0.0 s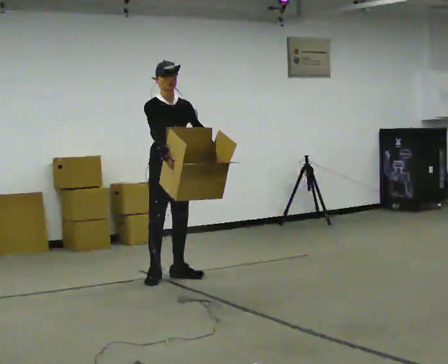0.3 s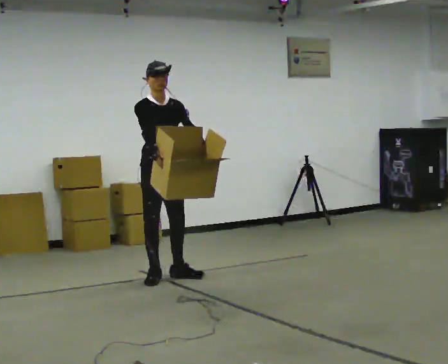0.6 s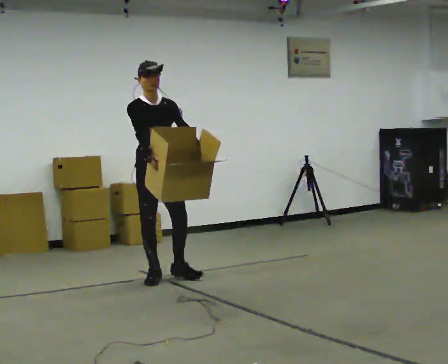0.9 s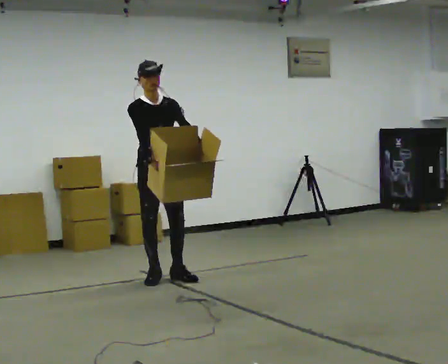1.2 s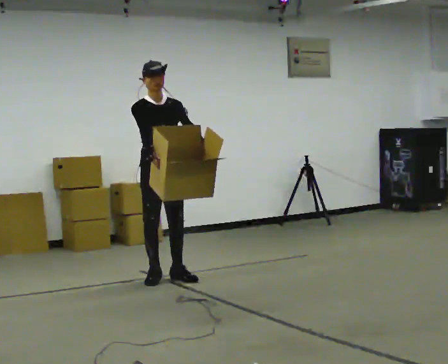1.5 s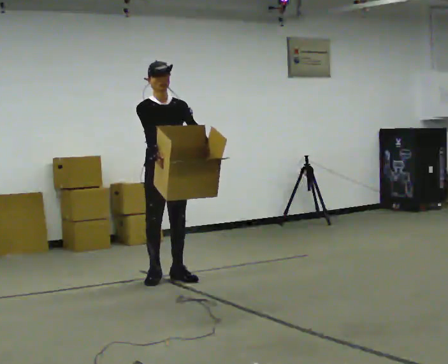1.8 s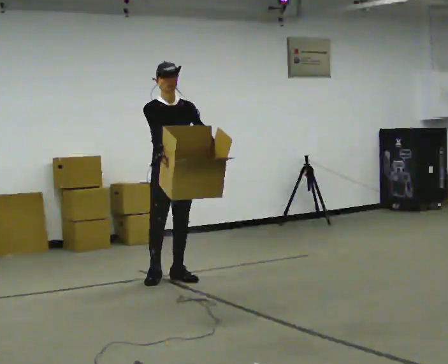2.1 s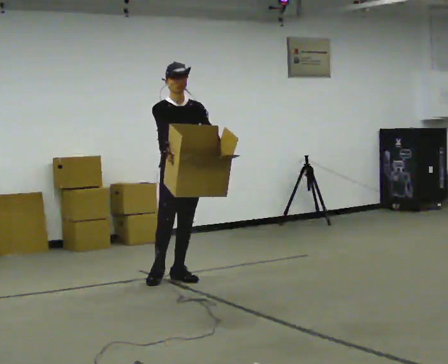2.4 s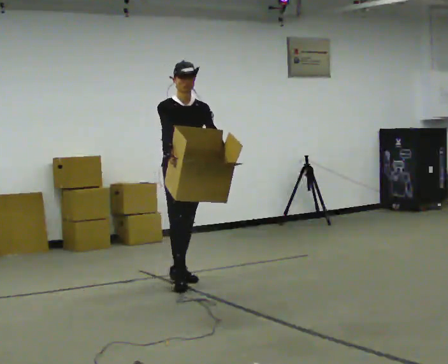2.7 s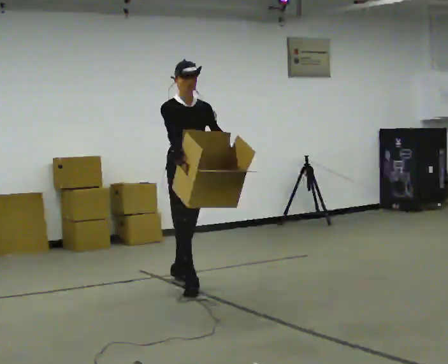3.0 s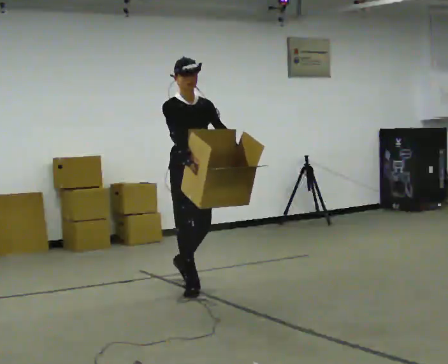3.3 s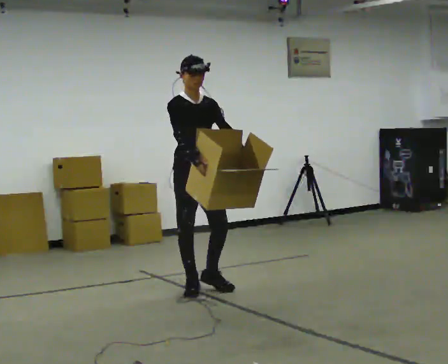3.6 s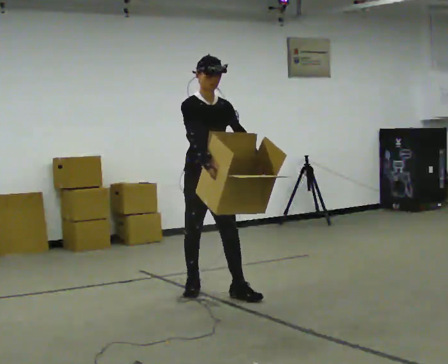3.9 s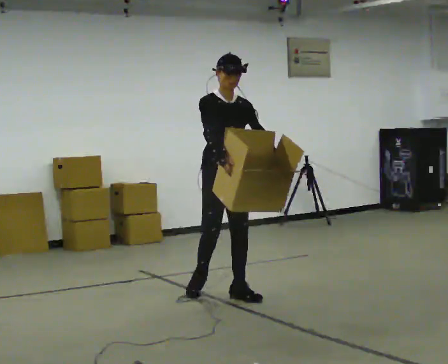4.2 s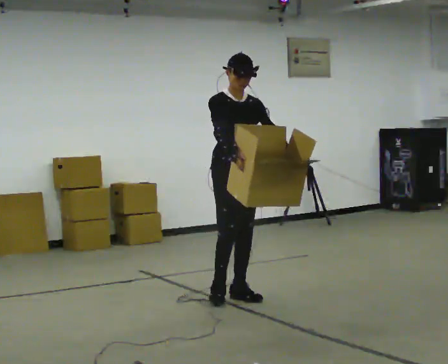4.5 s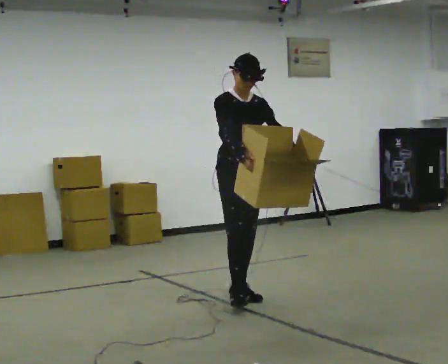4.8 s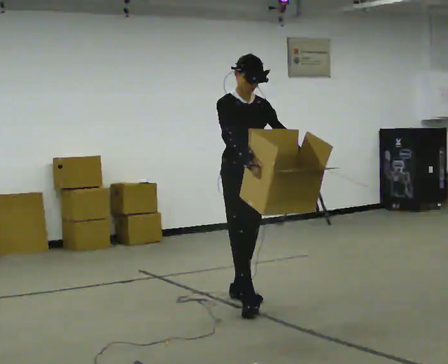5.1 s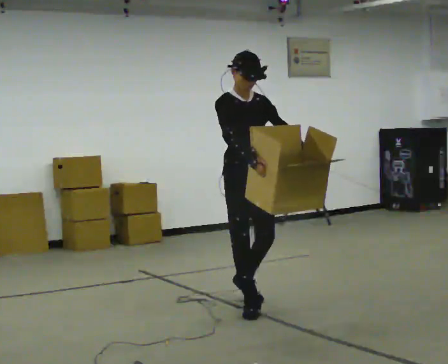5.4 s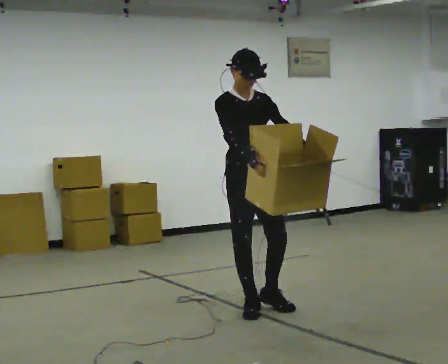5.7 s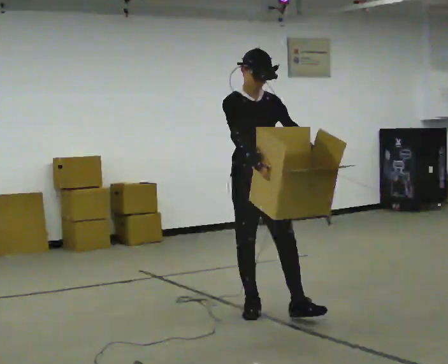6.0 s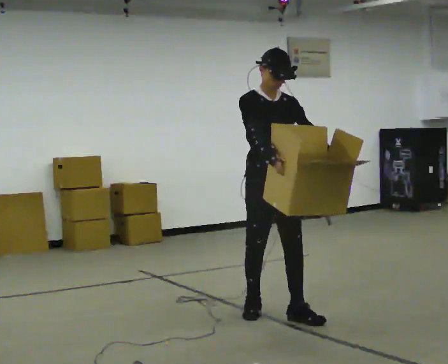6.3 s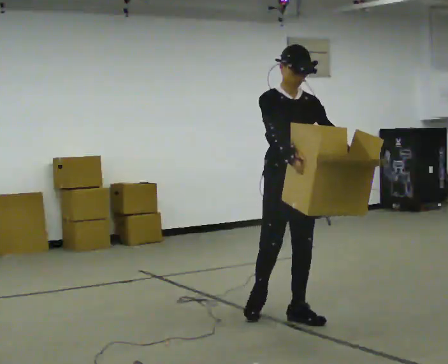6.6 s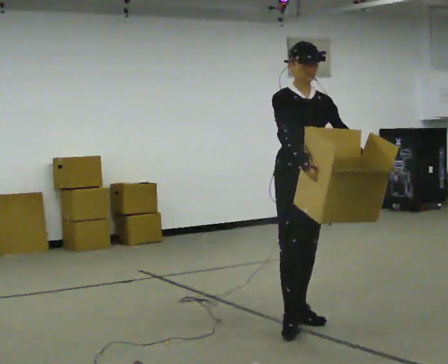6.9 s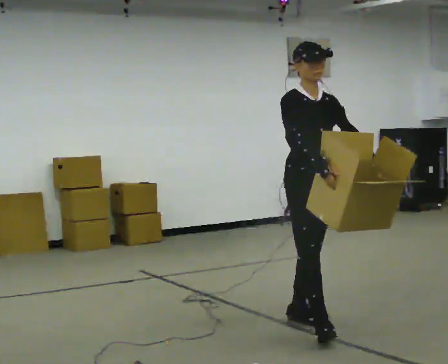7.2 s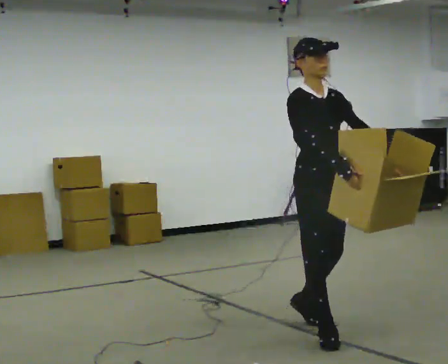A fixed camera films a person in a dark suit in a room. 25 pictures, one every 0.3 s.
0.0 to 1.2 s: The person moves a little, or ends about where they began.
1.2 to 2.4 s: In the picture they go to the right, about 0.25 m, which for them is to their left.
2.4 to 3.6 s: In the picture they go toward the camera and to the right, about 0.5 m in 2 steps, which for them is forward.
3.6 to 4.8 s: In the picture they go toward the camera and to the right, about 0.5 m in 1 step, which for them is forward.
4.8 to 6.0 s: In the picture they go toward the camera and to the right, about 0.5 m in 1 step, which for them is forward.
6.0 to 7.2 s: In the picture they go toward the camera and to the right, about 0.5 m in 1 step, which for them is forward.
The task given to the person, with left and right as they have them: Carry the box with its lid hanging open across the room, back and forth.
The film runs forward here.
